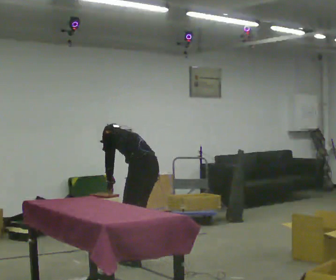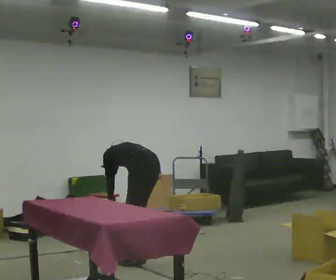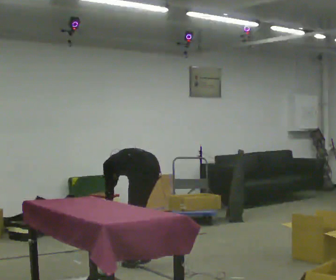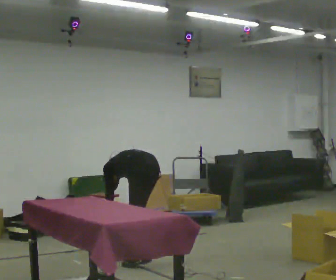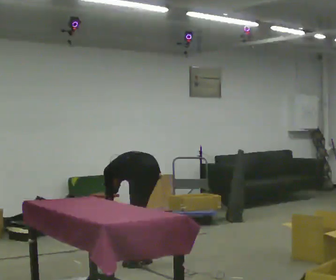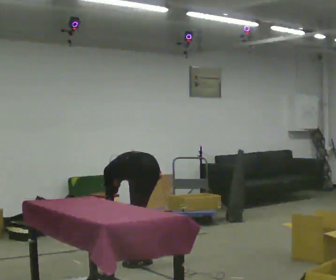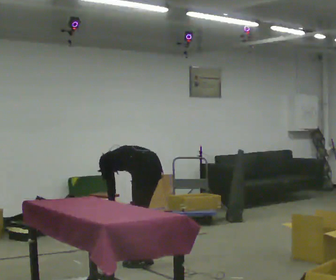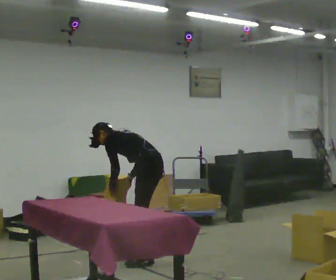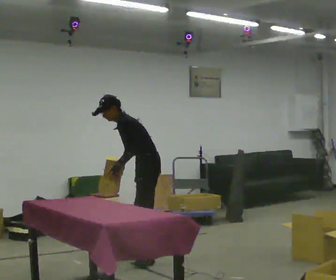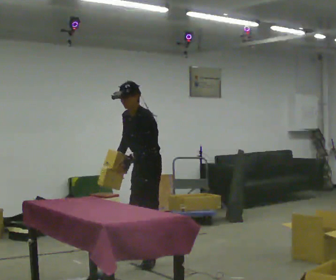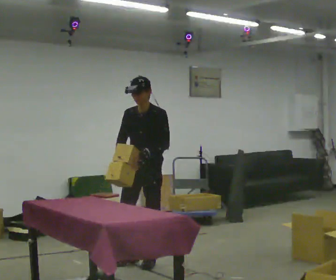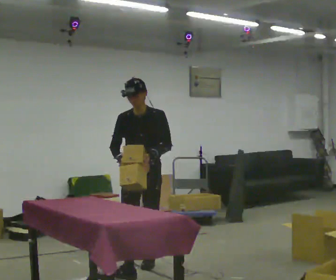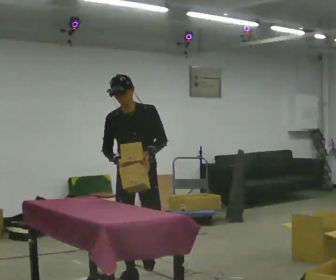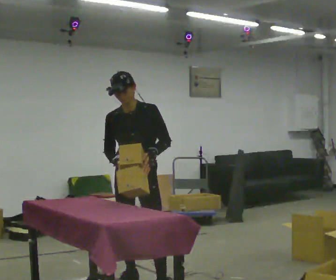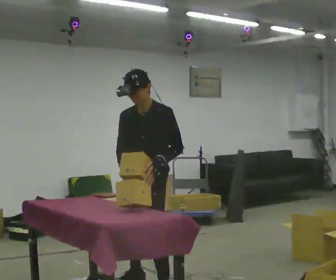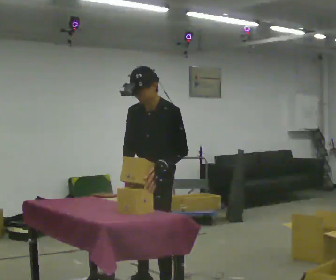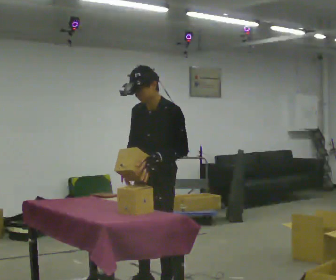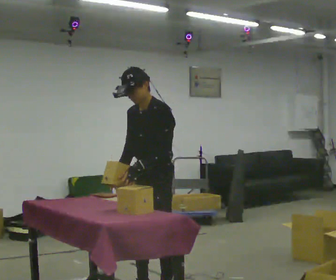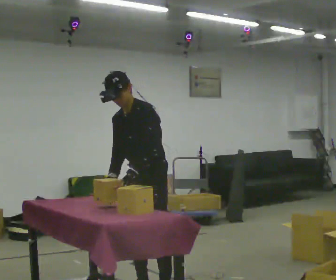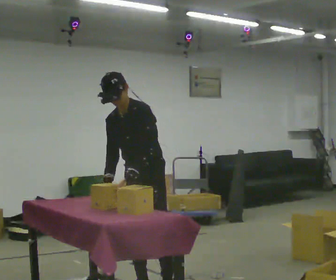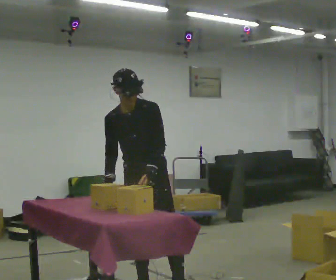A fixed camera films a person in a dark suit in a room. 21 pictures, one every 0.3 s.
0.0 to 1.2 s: In the picture they go away from the camera, about 0.25 m, which for them is forward. The upper body goes downward. The upper body tips away from the camera, its near side rolling upward, as they bend forward. In the picture their right hand goes downward.
1.2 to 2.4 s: The person turns about 60 degrees to their left, counterclockwise seen from above, so the part of the body nearest the lens slides to the right. The upper body goes upward. The upper body tips toward the camera, its near side rolling downward, as they lean back or straighten. In the picture their right hand goes upward.
2.4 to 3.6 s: The part of the body nearest the lens slides to the right as the person turns to their left by about 90 degrees. In the picture they go toward the camera, about 1 m in 1 step. In the picture the upper body tilts clockwise, shoulders to the right, as they lean back or straighten.
3.6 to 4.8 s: Seen from above the body turns clockwise, about 45 degrees: to their right, with its near side sliding to the left. In the picture they go toward the camera, about 0.5 m in 2 steps, which for them is to their left and forward.
4.8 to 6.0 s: The person turns about 45 degrees to their left, counterclockwise seen from above, so the part of the body nearest the lens slides to the right.
The film runs forward here.
